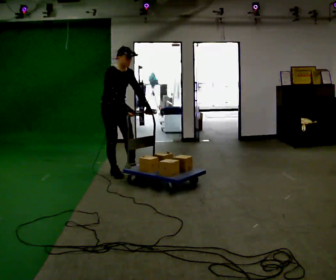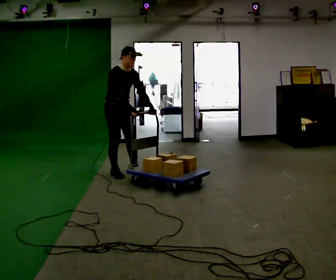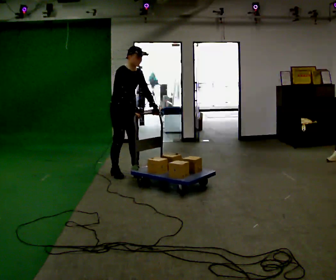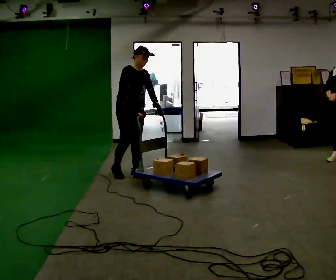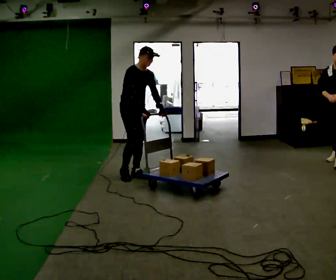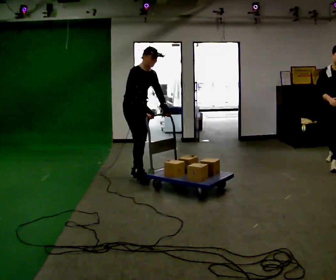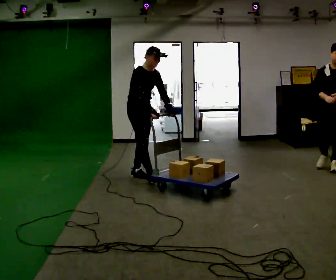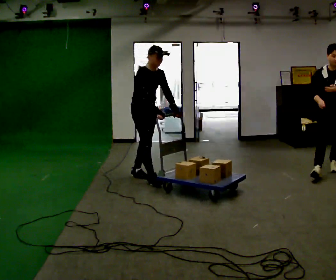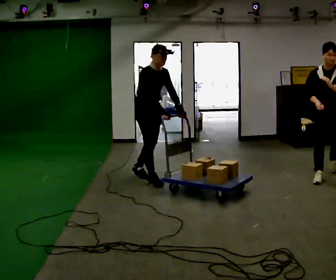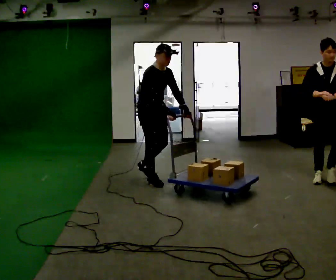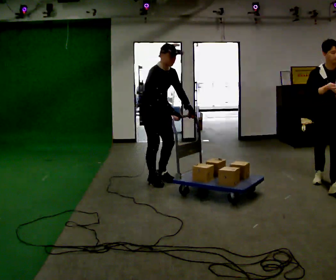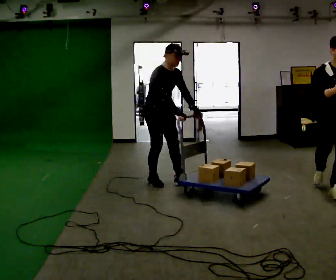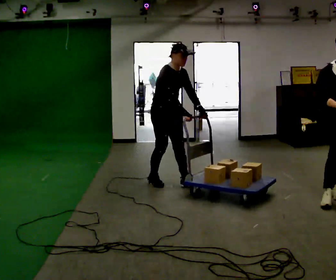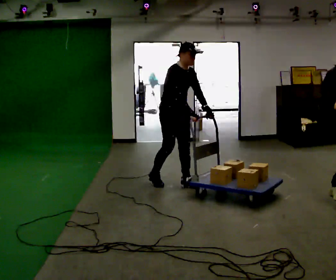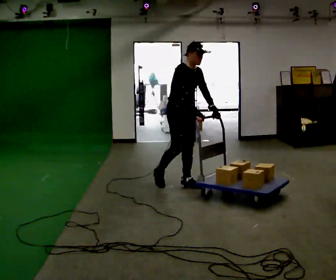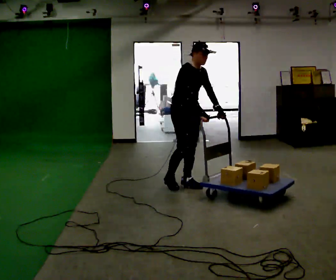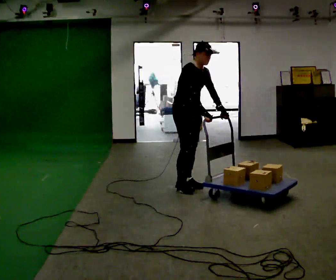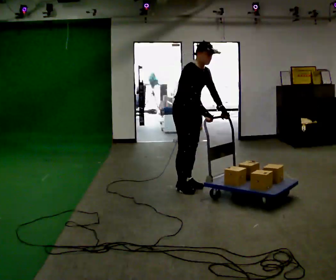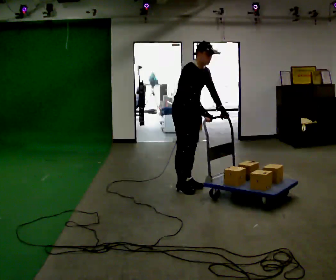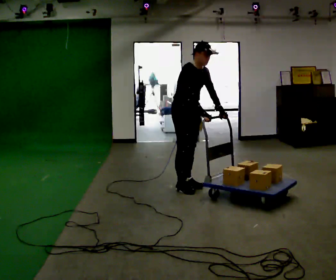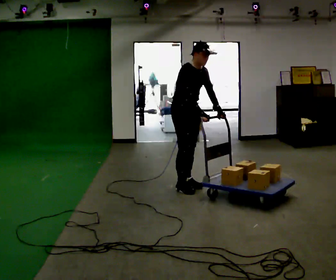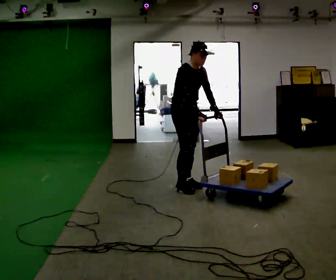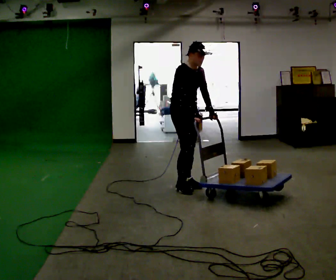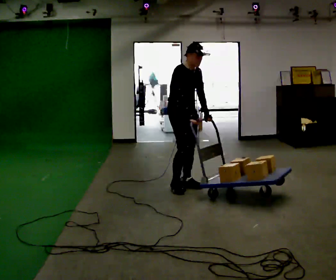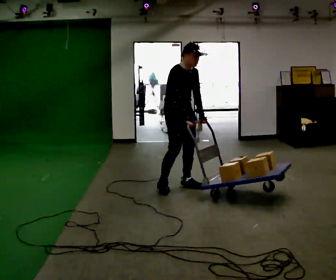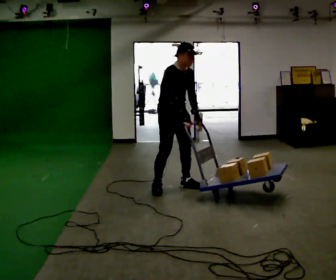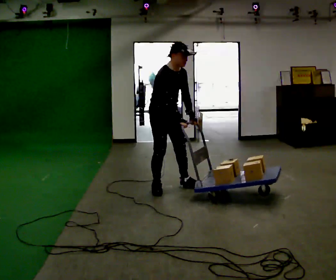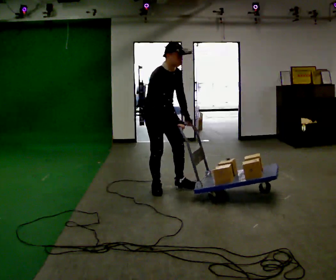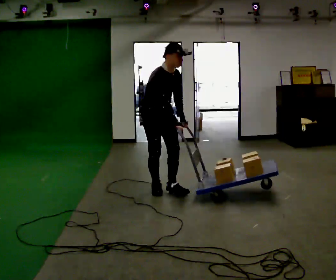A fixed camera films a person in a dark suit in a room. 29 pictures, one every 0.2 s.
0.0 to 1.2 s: In the picture they go to the right, about 0.25 m in 2 steps, which for them is forward.
1.2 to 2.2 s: In the picture they go toward the camera and to the right, about 0.5 m, which for them is forward.
2.2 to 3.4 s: In the picture they go to the right, about 0.25 m in 2 steps, which for them is forward.
3.4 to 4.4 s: The person moves a little, or ends about where they began.
4.4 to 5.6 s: In the picture they go to the left and toward the camera, about 0.5 m in 1 step, which for them is to their right.
The film runs forward here.
